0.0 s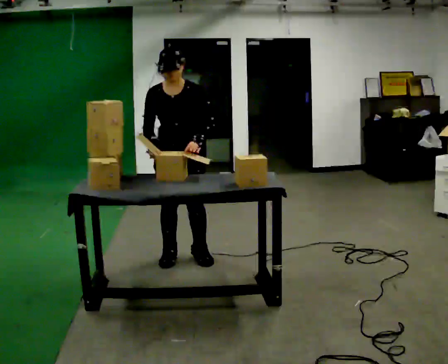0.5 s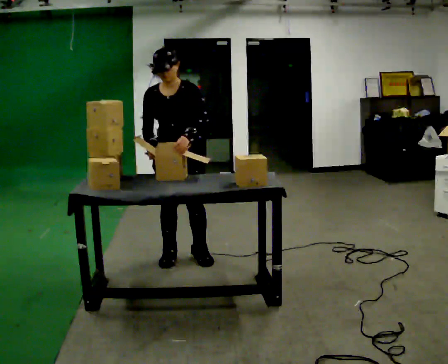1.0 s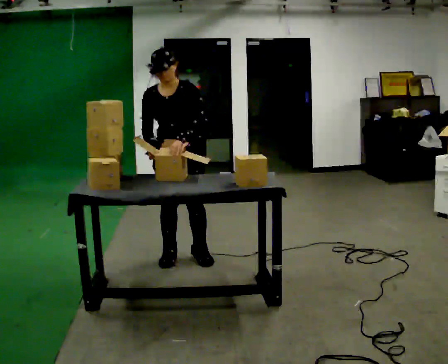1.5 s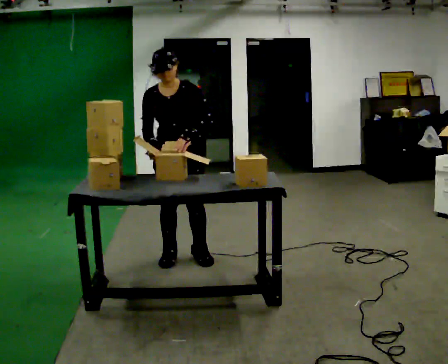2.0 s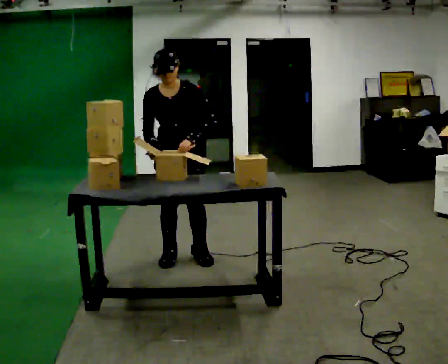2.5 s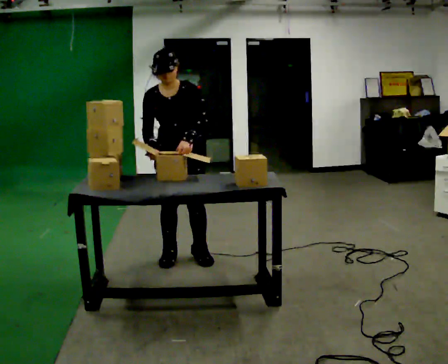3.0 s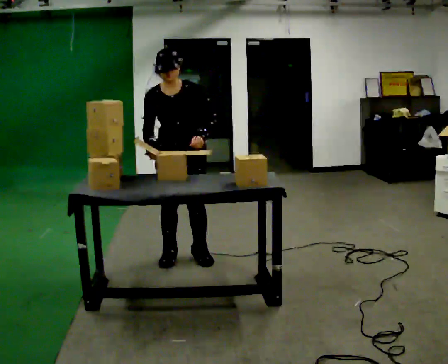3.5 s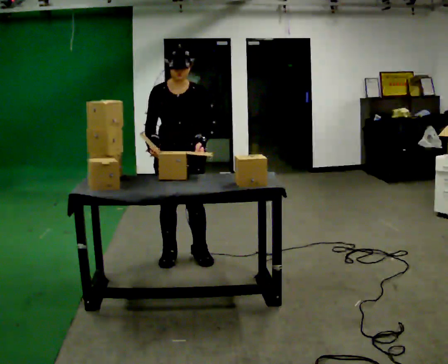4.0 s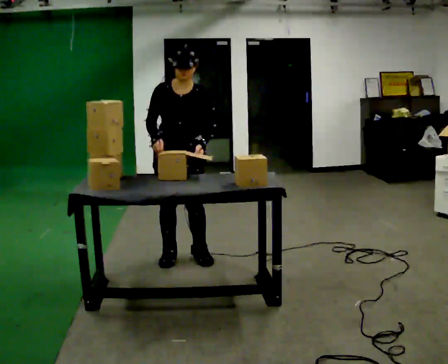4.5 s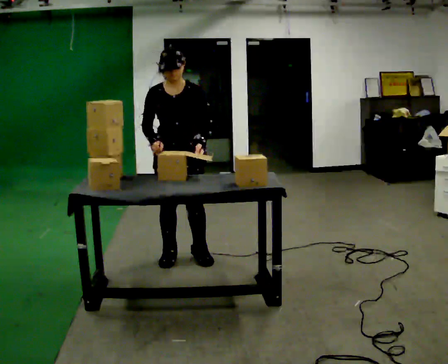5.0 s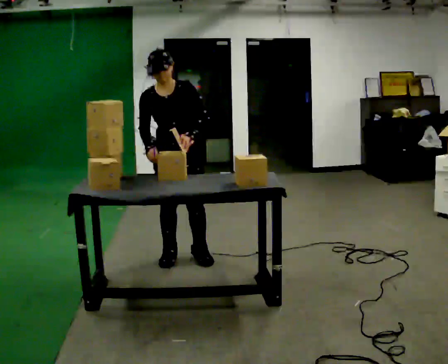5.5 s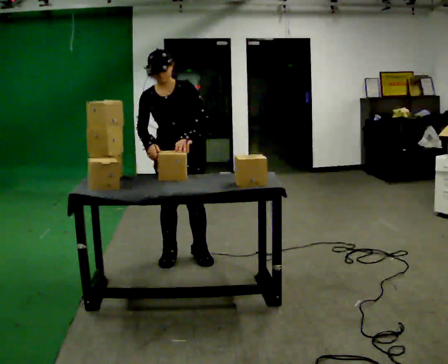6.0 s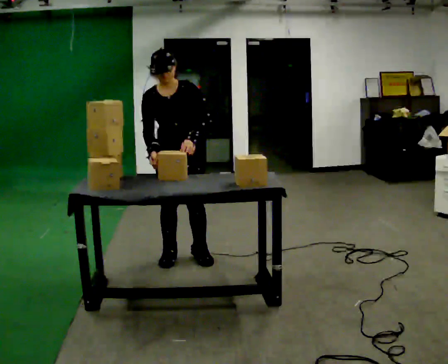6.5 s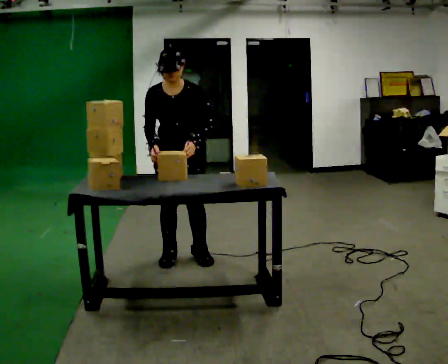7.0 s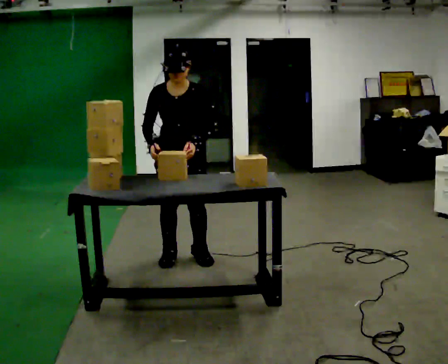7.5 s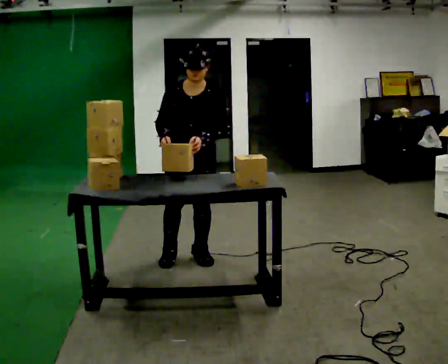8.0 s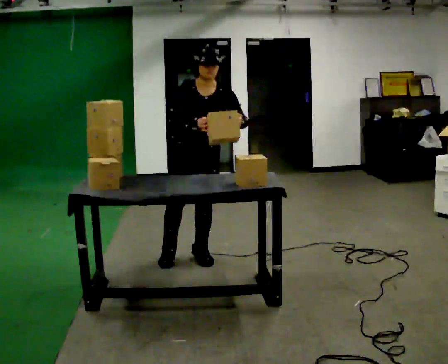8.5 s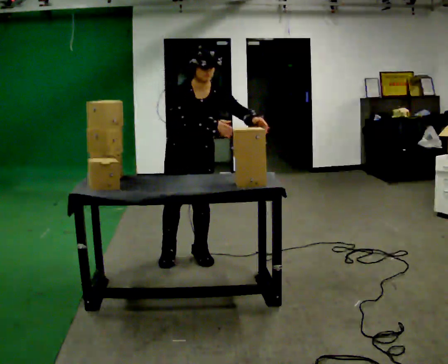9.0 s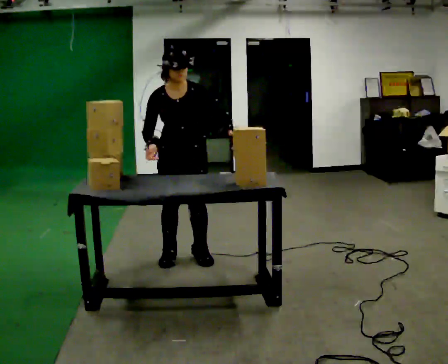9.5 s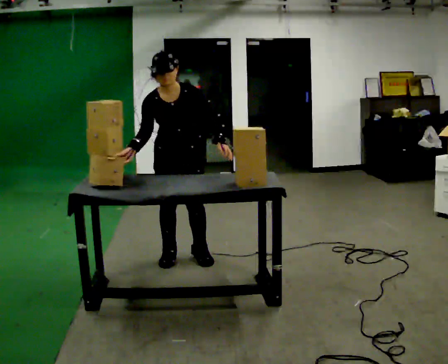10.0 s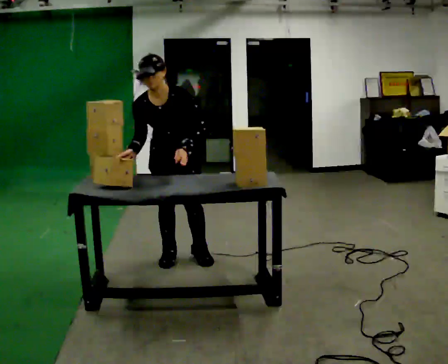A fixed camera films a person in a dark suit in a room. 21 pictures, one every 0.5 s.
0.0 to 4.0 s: The person moves a little, or ends about where they began.
4.0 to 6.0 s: In the picture the upper body tilts counterclockwise, shoulders to the left.
6.0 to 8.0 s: In the picture the upper body tilts clockwise, shoulders to the right.
8.0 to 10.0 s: In the picture they go to the left, about 0.25 m, which for them is to their right. In the picture the upper body tilts counterclockwise, shoulders to the left. In the picture their right hand goes to the left.
The film runs backward here.
